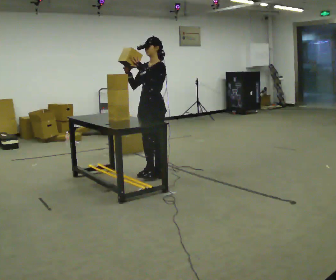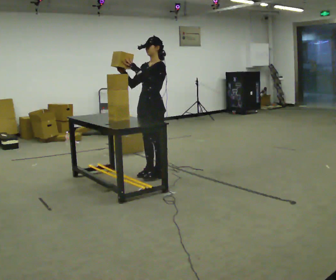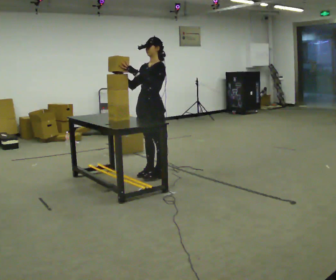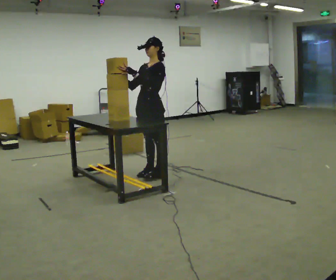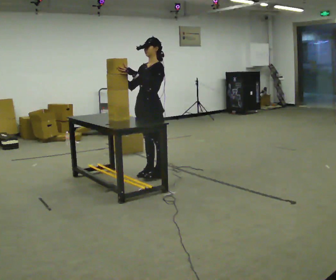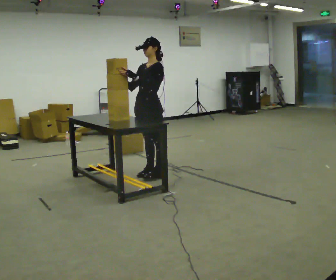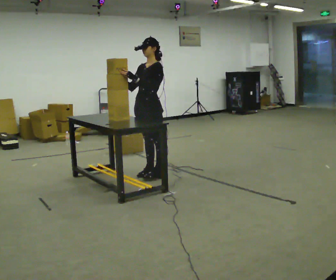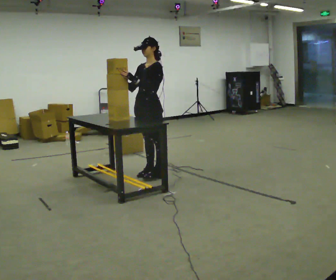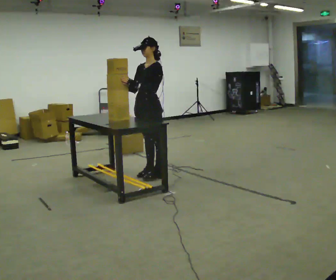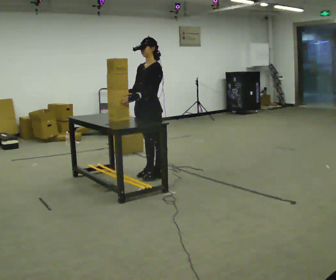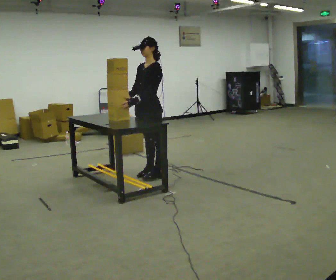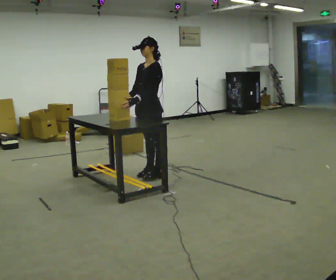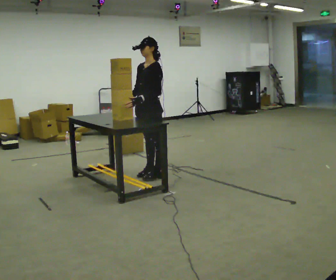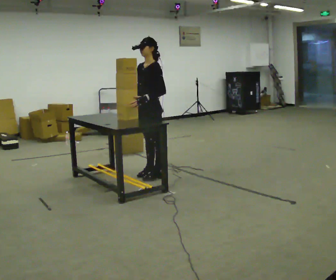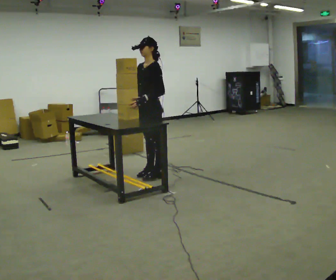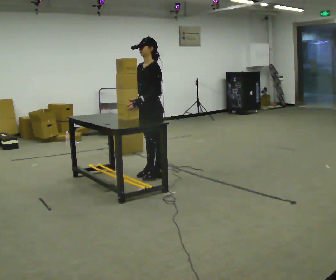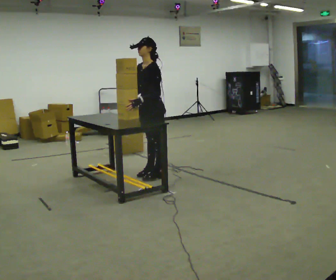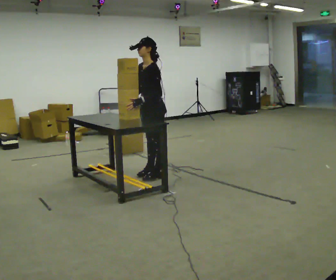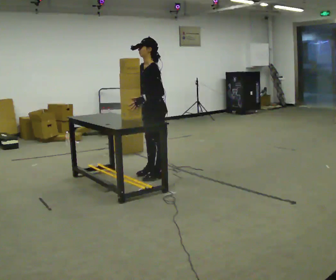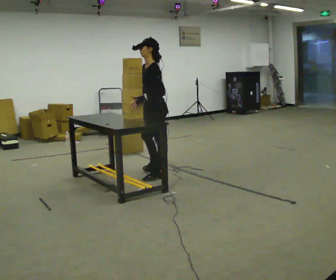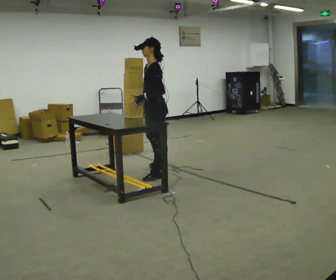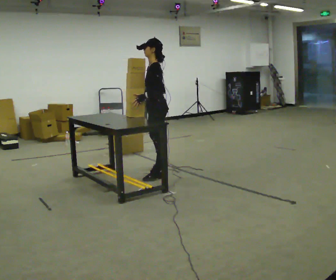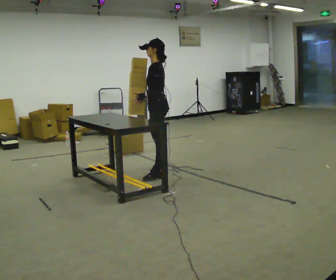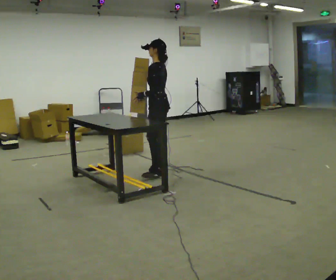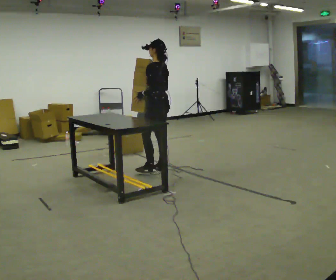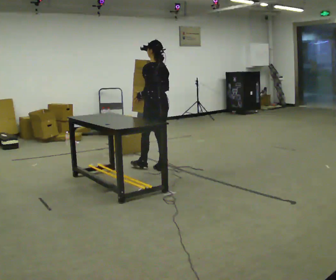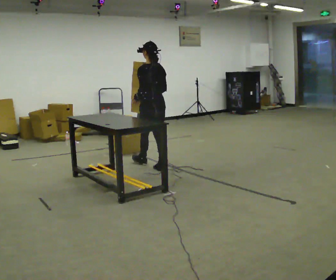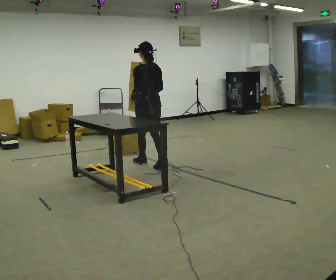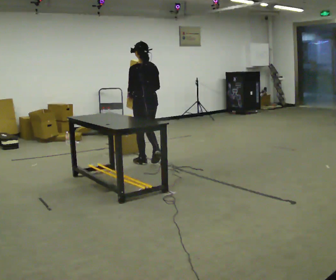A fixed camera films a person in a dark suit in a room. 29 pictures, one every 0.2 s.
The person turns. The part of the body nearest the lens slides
to the left.
The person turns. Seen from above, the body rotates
clockwise.
0.0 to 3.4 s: In the picture their right hand goes downward, the arm swinging counterclockwise.
3.4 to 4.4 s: The part of the body nearest the lens slides to the left as the person turns to their right by about 30 degrees. In the picture they go away from the camera, about 0.25 m in 1 step, which for them is to their right.
4.4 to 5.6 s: The part of the body nearest the lens slides to the left as the person turns to their right by about 60 degrees. In the picture they go away from the camera, about 0.5 m in 1 step, which for them is forward and to their right.
The film runs forward here.
